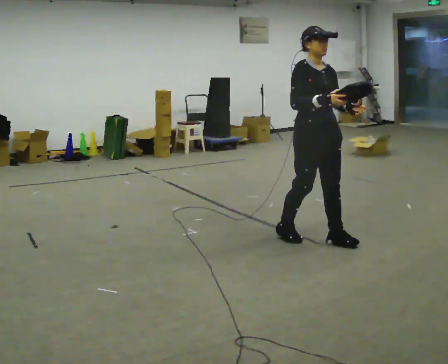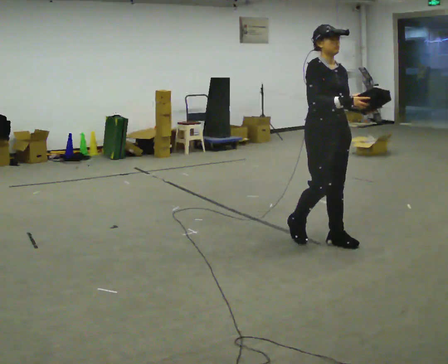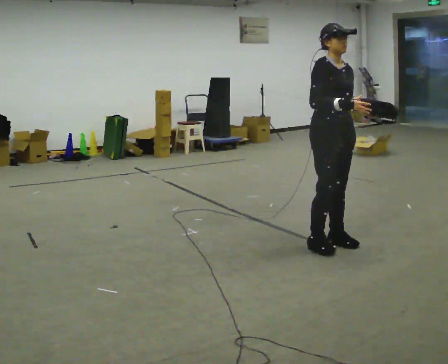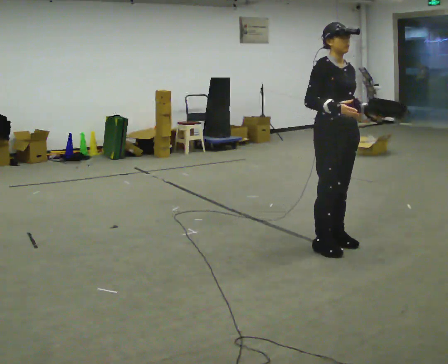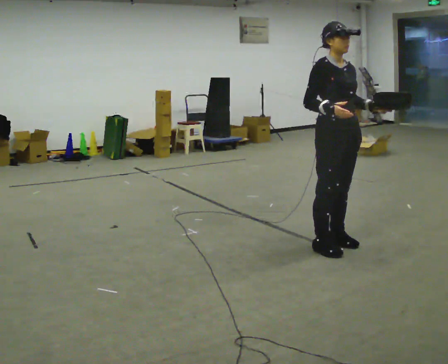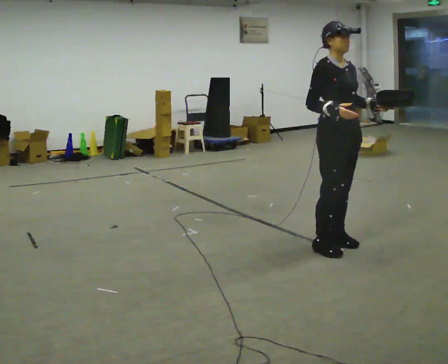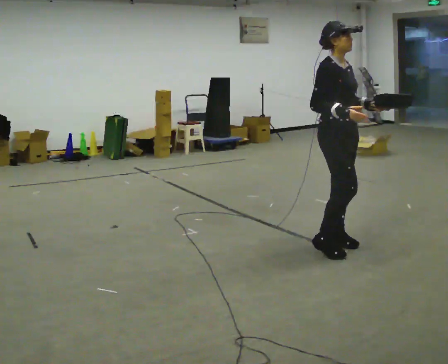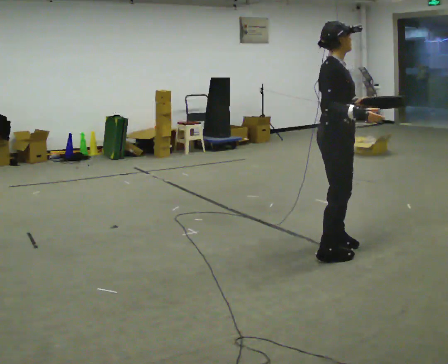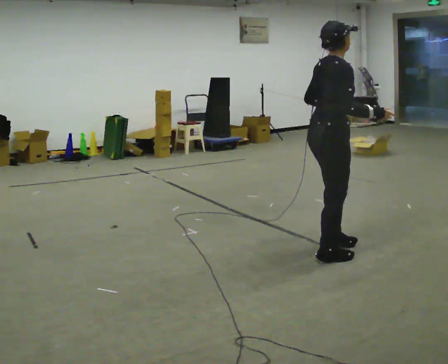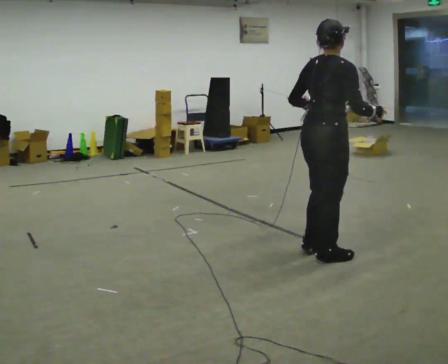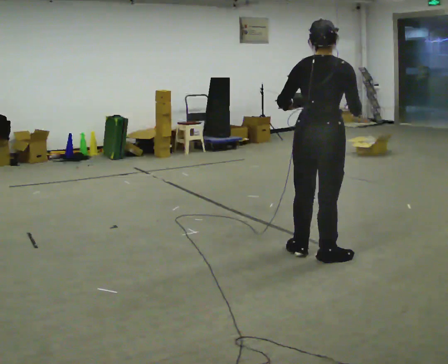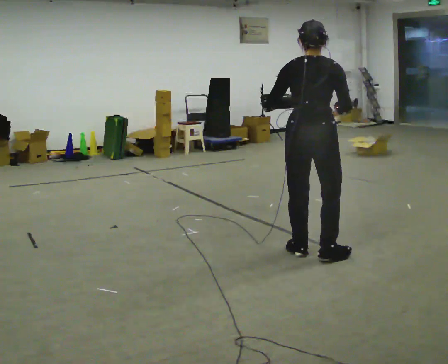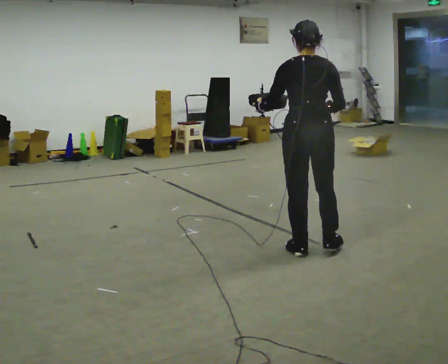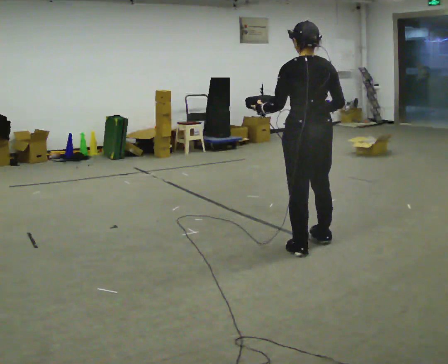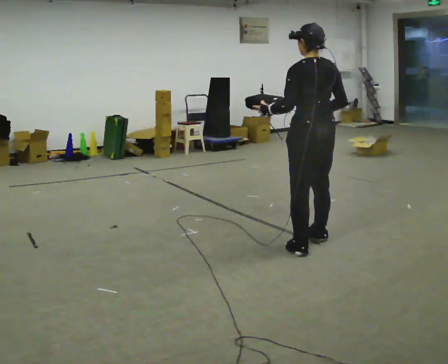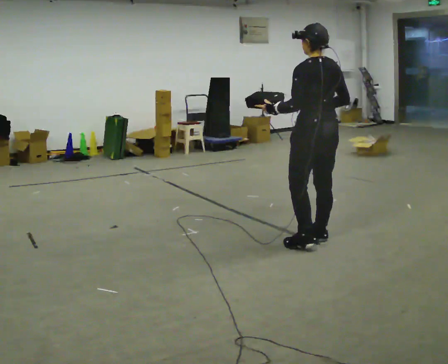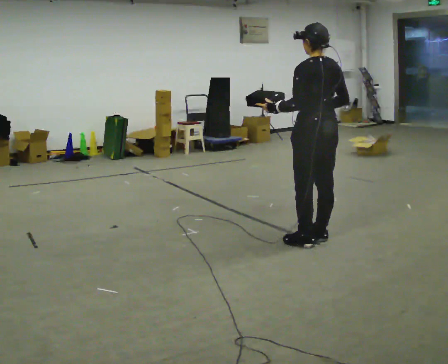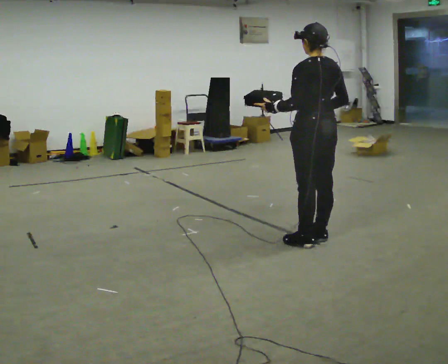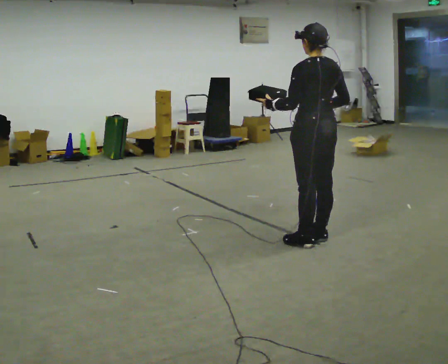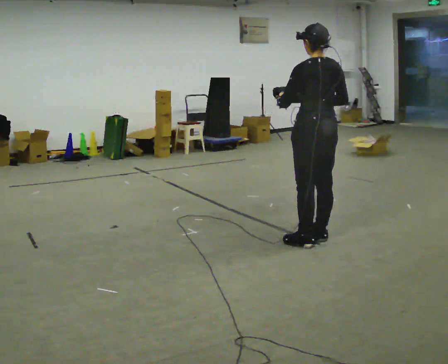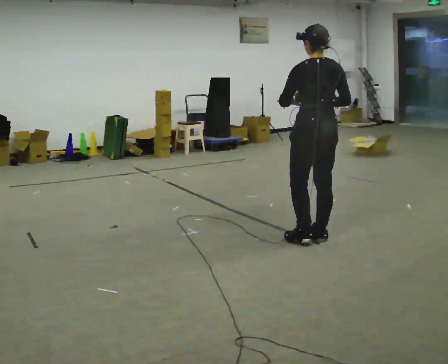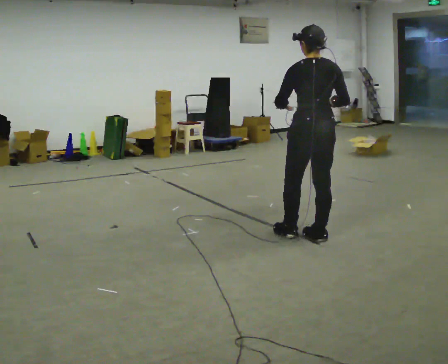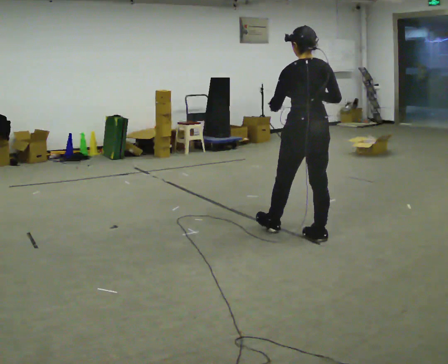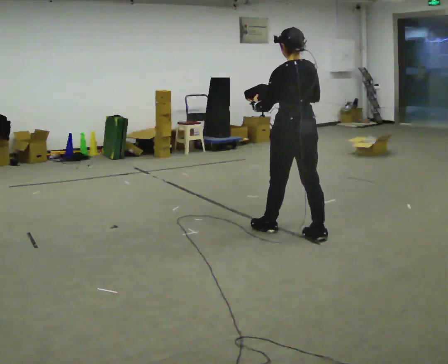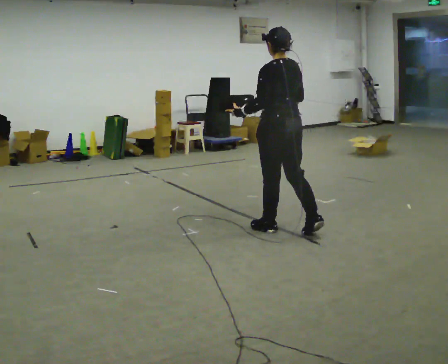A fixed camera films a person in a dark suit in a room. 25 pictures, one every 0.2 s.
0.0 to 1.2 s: In the picture they go toward the camera, about 0.25 m in 1 step, which for them is forward.
1.2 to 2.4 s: The person turns about 120 degrees to their left, counterclockwise seen from above, so the part of the body nearest the lens slides to the right. In the picture they go to the left, about 0.25 m in 2 steps. In the picture their left hand goes to the left.
2.4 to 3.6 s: Seen from above the body turns counterclockwise, about 30 degrees: to their left, with its near side sliding to the right. In the picture they go away from the camera, about 0.25 m in 2 steps, which for them is to their right and forward.
3.6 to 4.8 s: In the picture they go to the left and away from the camera, about 0.25 m in 1 step, which for them is forward and to their left.
The film runs forward here.
